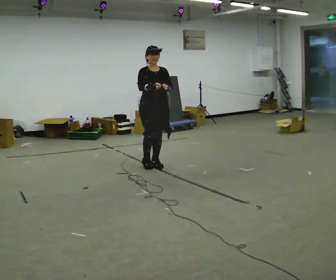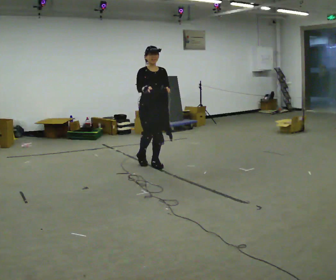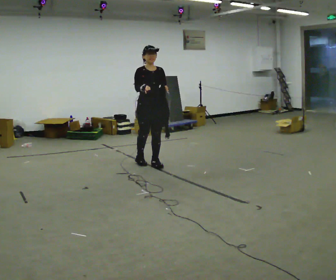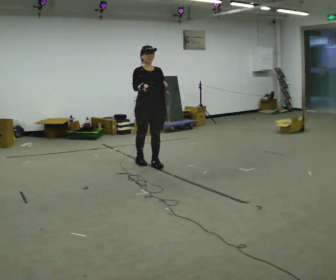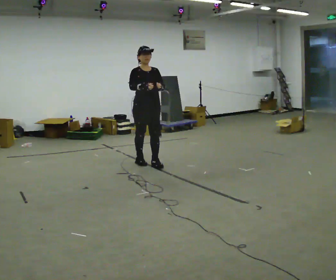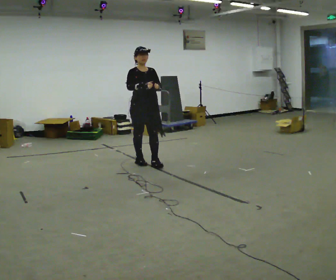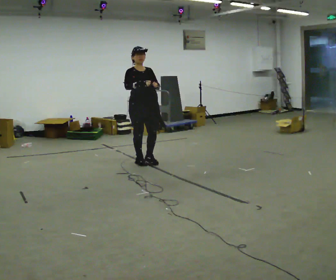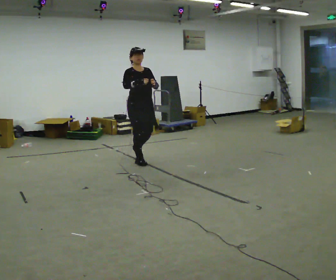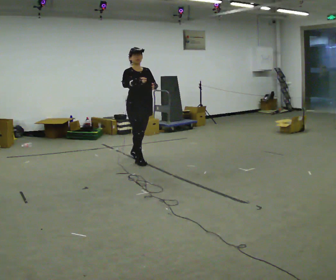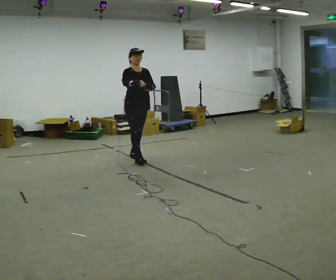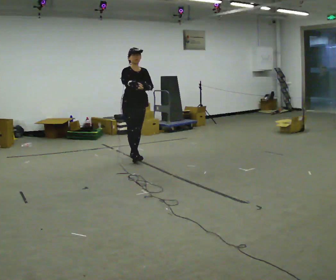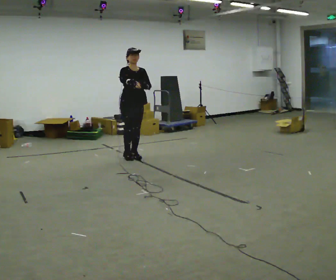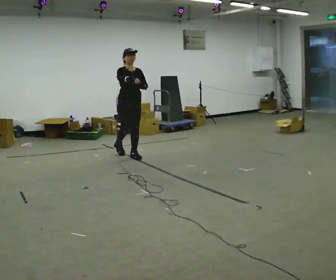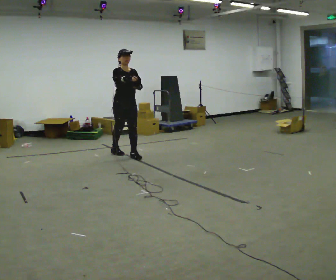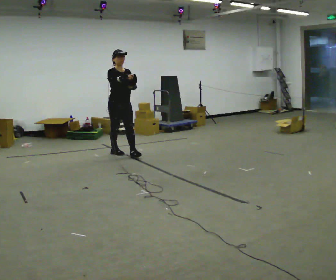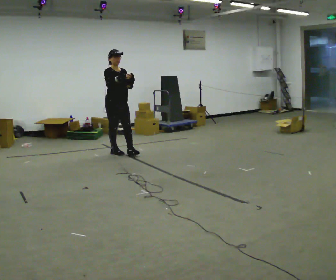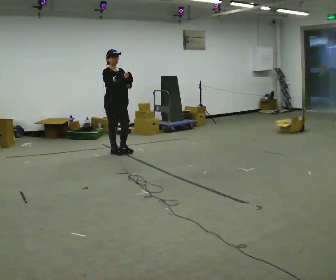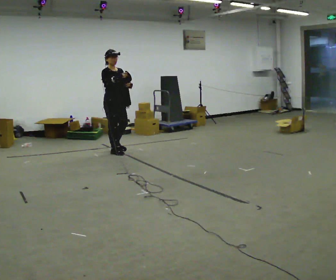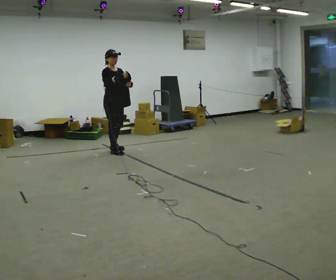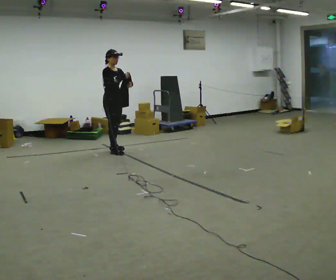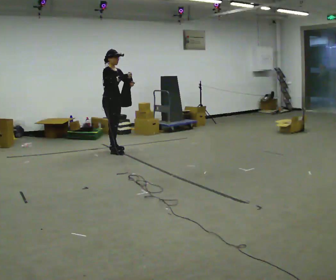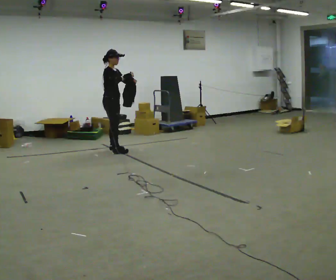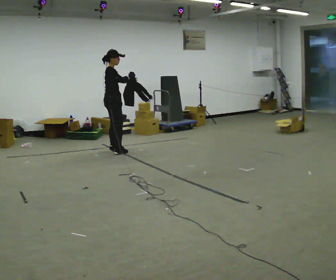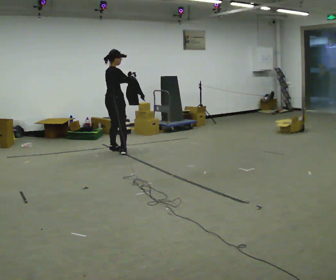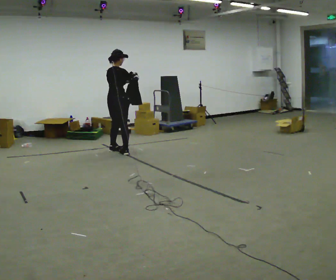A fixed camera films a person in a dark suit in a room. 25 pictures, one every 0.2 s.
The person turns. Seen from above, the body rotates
counterclockwise.
The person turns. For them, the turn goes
to their left.
0.0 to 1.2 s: In the picture they go to the left, about 0.25 m in 1 step, which for them is backward and to their right.
1.2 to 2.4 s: In the picture they go away from the camera and to the left, about 0.5 m in 1 step, which for them is backward.
2.4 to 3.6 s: Seen from above the body turns counterclockwise, about 30 degrees: to their left, with its near side sliding to the right. In the picture they go away from the camera and to the left, about 0.5 m in 1 step, which for them is backward.
3.6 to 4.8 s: Seen from above the body turns counterclockwise, about 90 degrees: to their left, with its near side sliding to the right.
The film runs backward here.
